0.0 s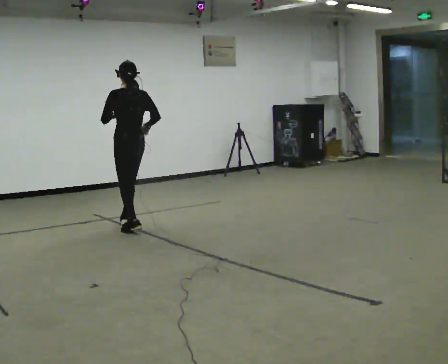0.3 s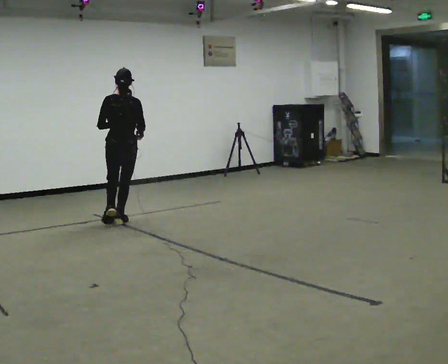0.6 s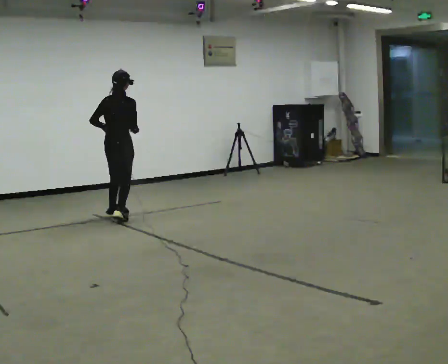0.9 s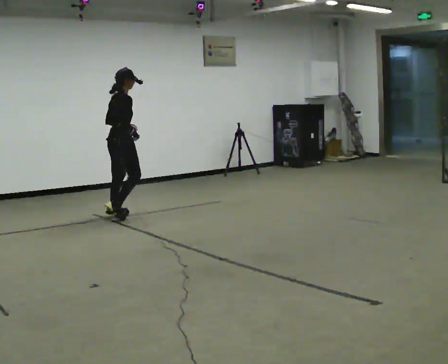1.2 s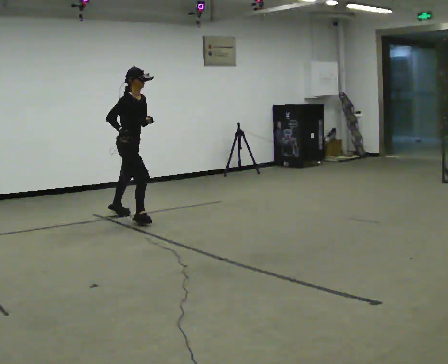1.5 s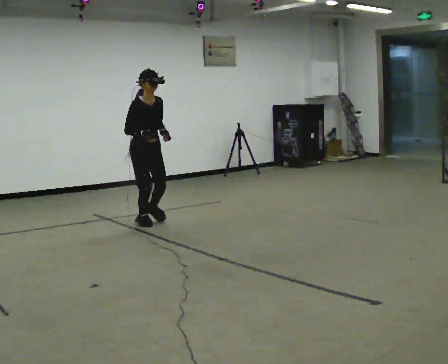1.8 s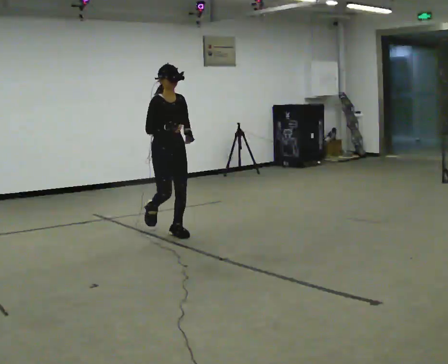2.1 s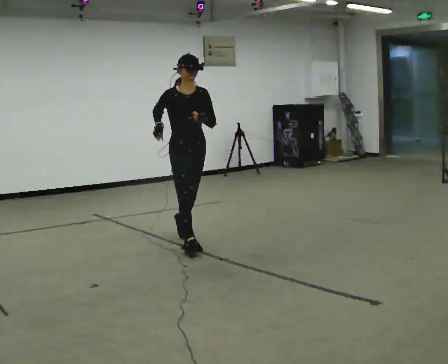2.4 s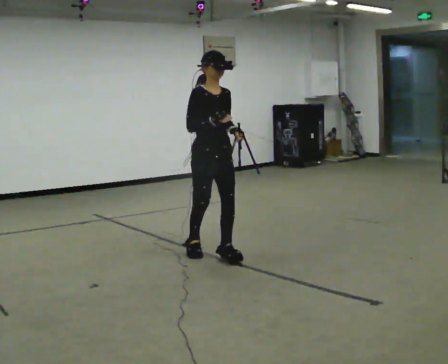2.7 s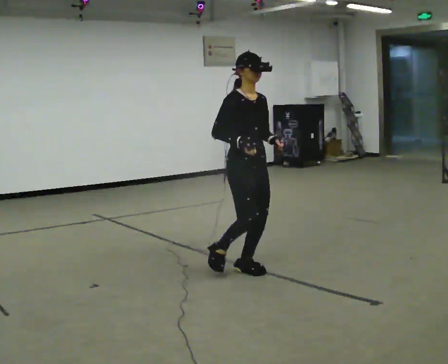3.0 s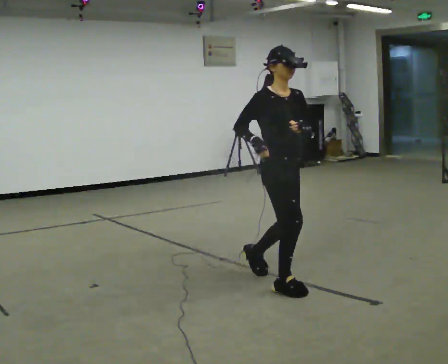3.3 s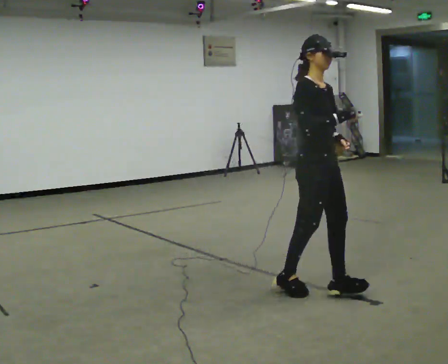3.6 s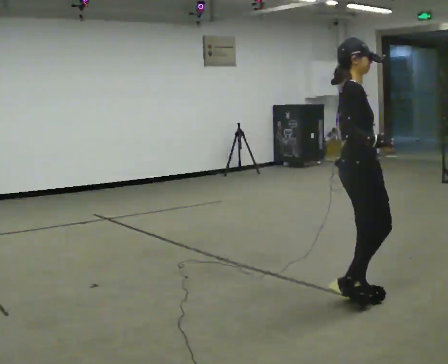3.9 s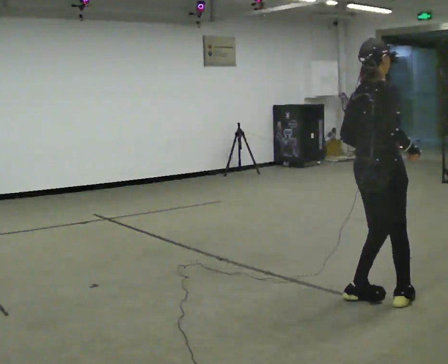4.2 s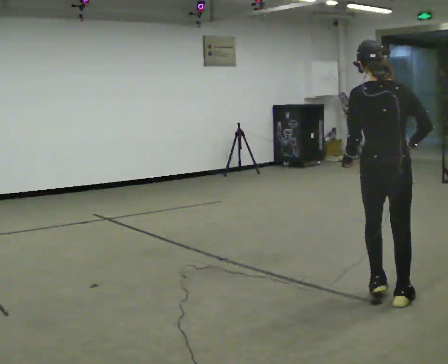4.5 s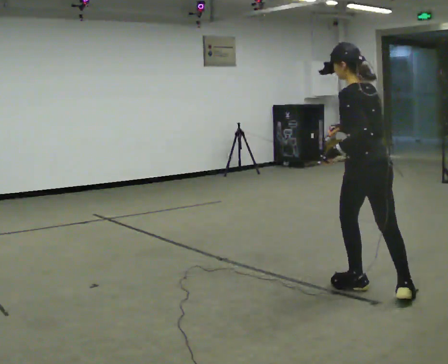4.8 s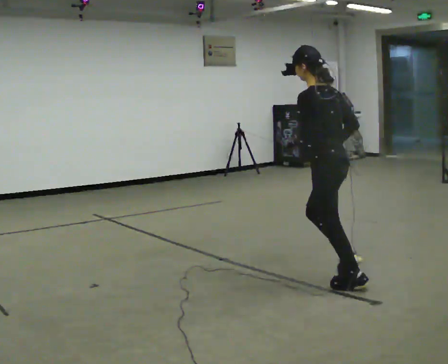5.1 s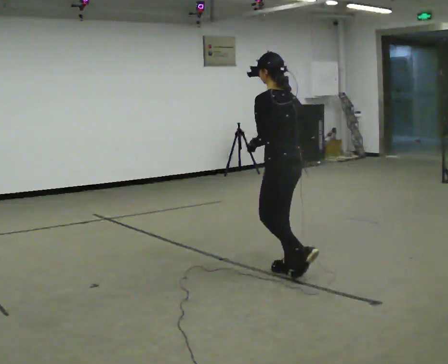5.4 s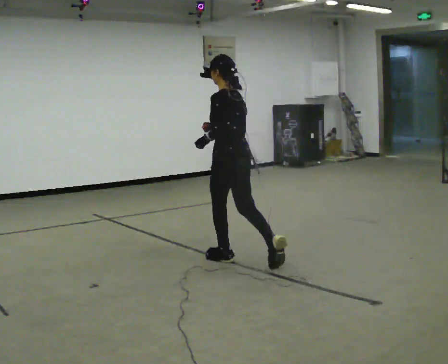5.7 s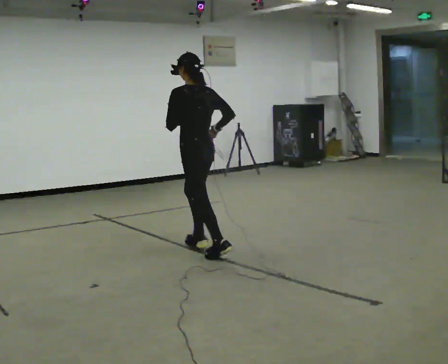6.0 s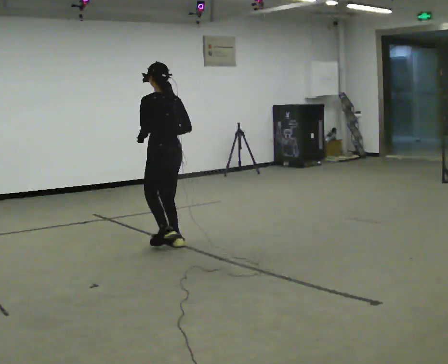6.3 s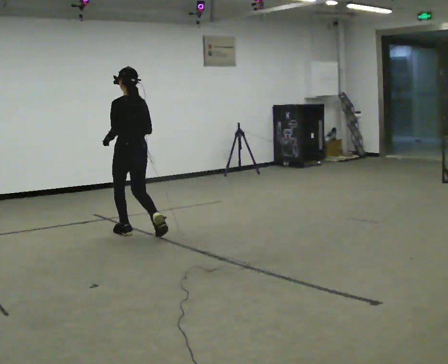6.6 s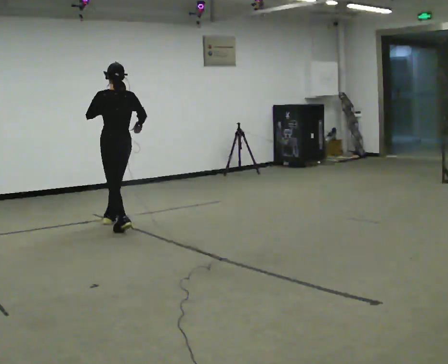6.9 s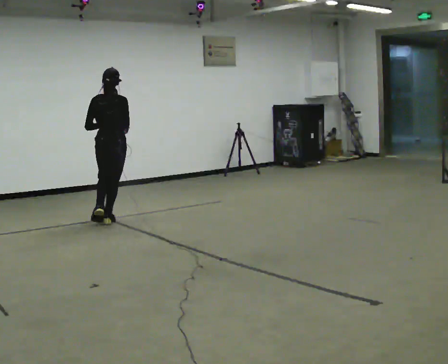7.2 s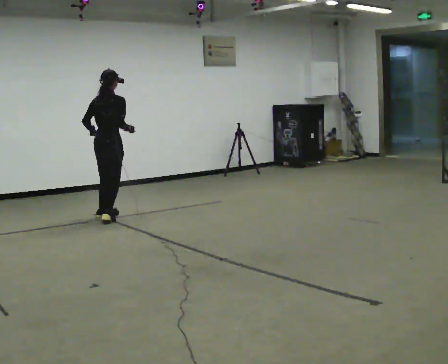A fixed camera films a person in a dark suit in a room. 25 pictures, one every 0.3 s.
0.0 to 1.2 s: The person turns about 135 degrees to their right, clockwise seen from above, so the part of the body nearest the lens slides to the left. In the picture they go away from the camera, about 0.25 m in 2 steps.
1.2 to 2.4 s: The person turns about 30 degrees to their right, clockwise seen from above, so the part of the body nearest the lens slides to the left. In the picture they go toward the camera and to the right, about 1.5 m in 3 steps, which for them is forward.
2.4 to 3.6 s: Seen from above the body turns counterclockwise, about 60 degrees: to their left, with its near side sliding to the right. In the picture they go to the right and toward the camera, about 1.5 m in 3 steps, which for them is forward.
3.6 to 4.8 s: The part of the body nearest the lens slides to the right as the person turns to their left by about 135 degrees. In the picture they go away from the camera and to the left, about 0.5 m in 2 steps.
4.8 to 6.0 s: In the picture they go to the left and away from the camera, about 1.5 m in 3 steps, which for them is forward.
6.0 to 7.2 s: The person turns about 75 degrees to their right, clockwise seen from above, so the part of the body nearest the lens slides to the left. In the picture they go away from the camera and to the left, about 1 m in 3 steps.
The film runs forward here.
